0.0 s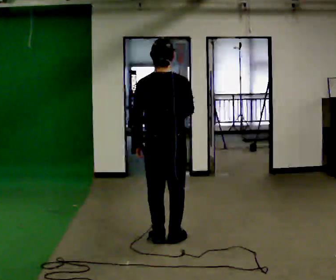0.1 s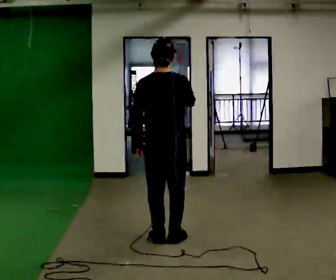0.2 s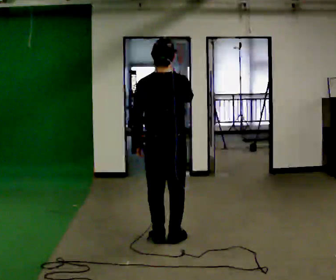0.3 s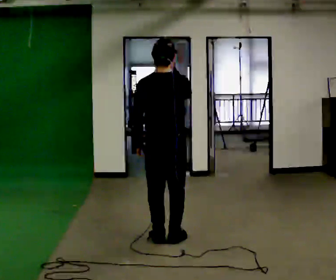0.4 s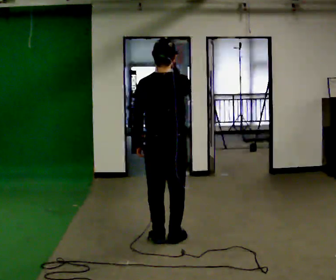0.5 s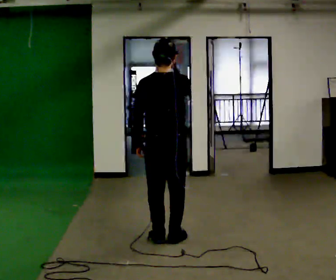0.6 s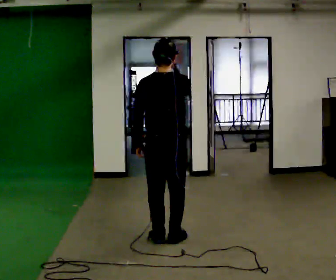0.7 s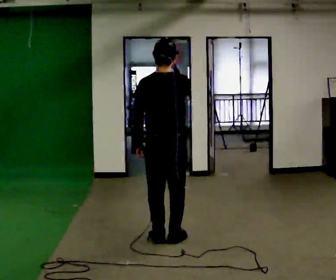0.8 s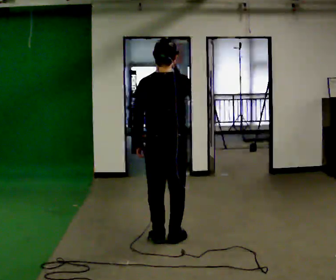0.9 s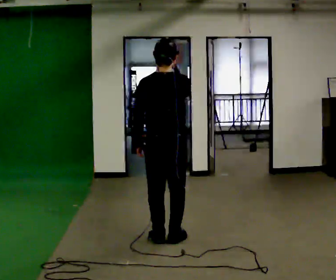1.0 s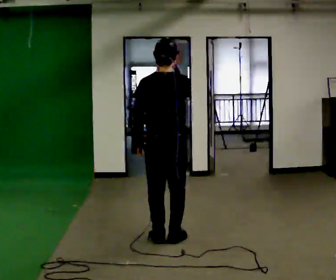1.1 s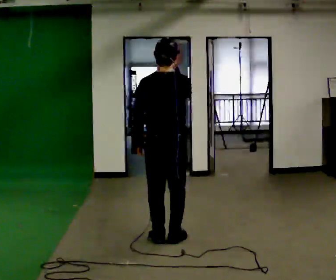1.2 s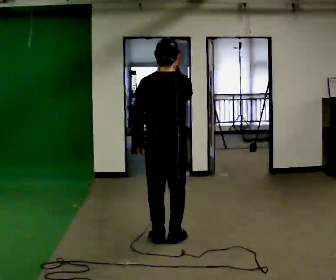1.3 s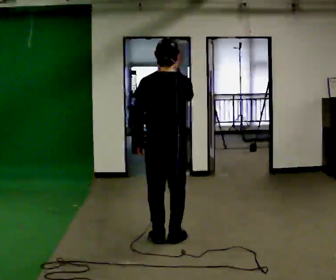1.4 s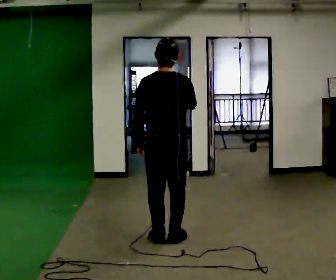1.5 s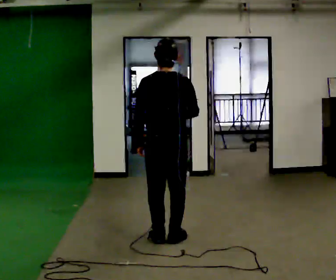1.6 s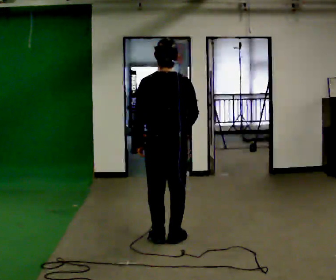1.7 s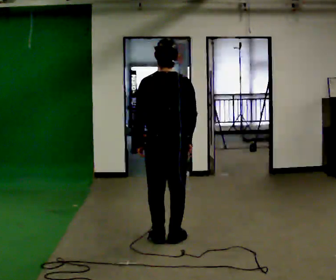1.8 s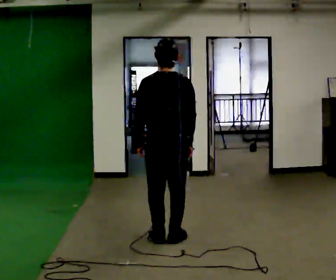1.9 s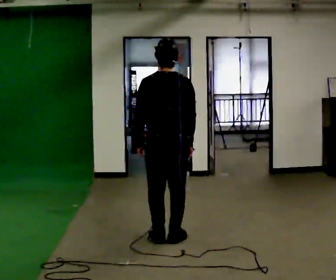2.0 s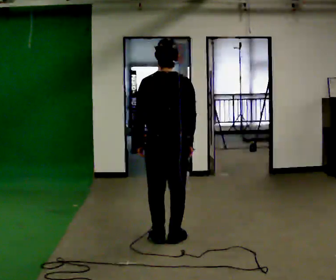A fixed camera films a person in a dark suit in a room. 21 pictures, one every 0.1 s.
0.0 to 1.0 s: In the picture their right hand goes upward.
1.0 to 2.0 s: In the picture their right hand goes downward.
The film runs backward here.
